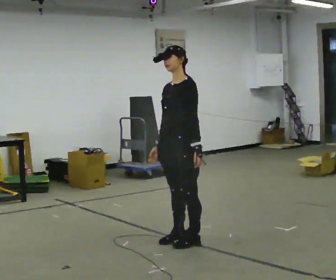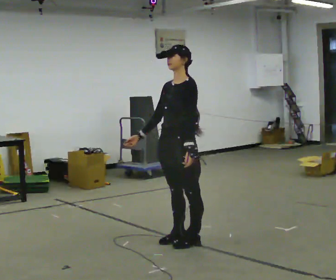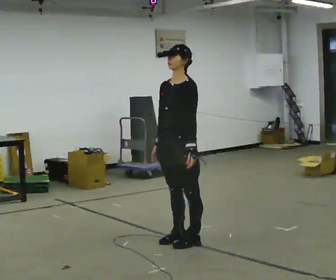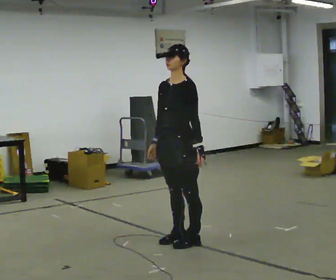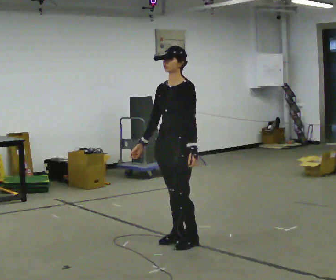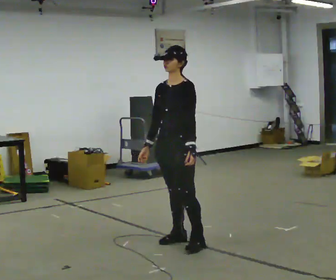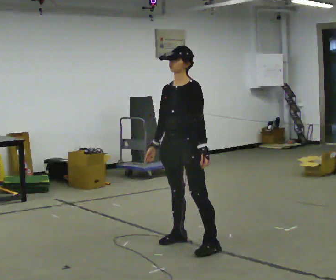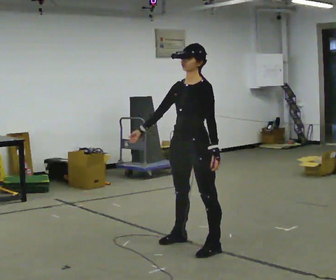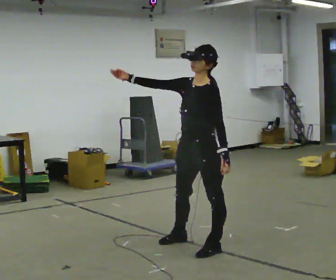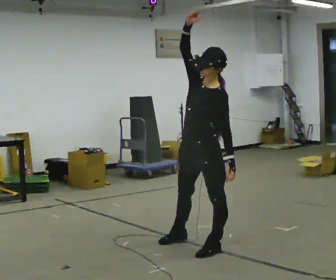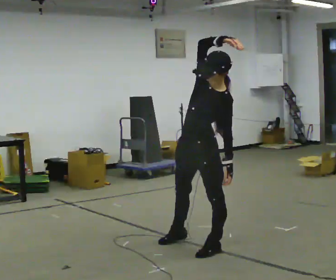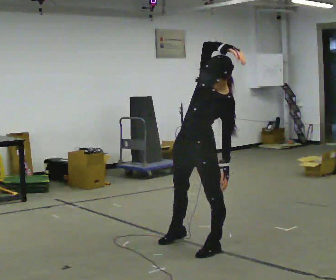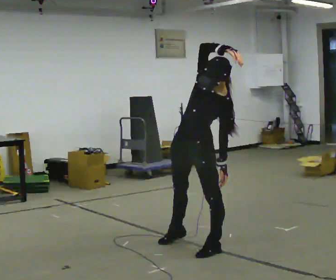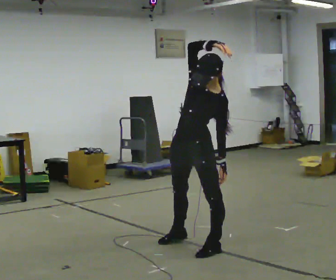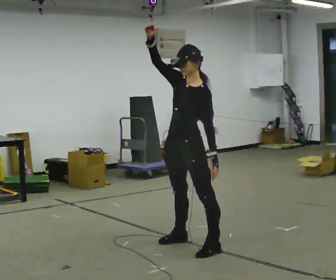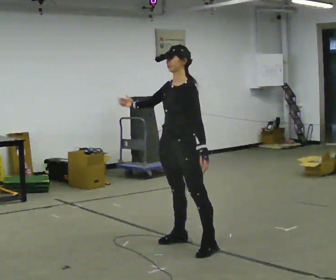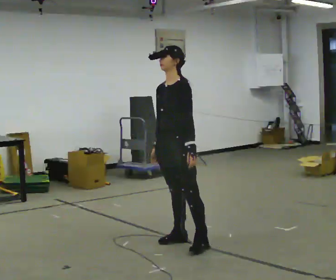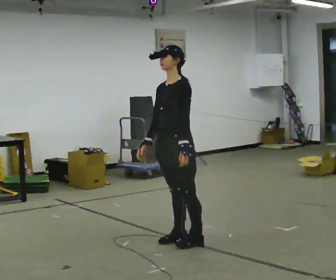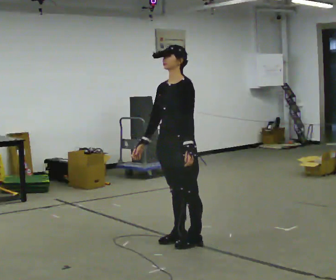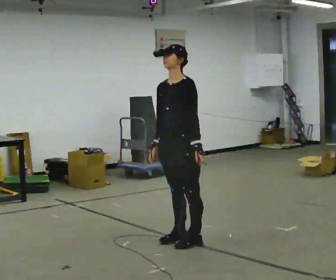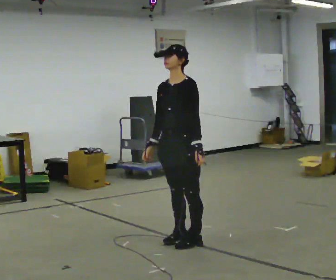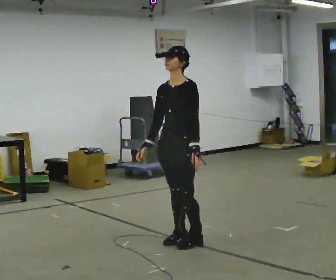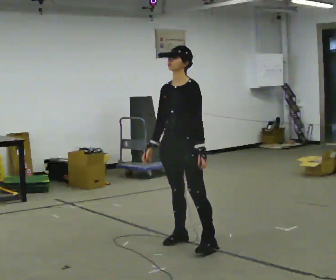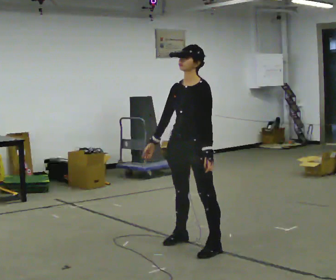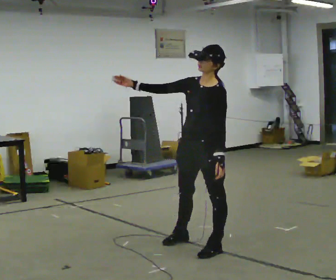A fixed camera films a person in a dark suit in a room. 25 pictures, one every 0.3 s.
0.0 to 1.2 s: The person moves a little, or ends about where they began.
1.2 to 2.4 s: In the picture they go toward the camera and to the right, about 0.25 m in 1 step, which for them is to their left. In the picture their right hand goes upward, the arm swinging clockwise.
2.4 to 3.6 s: In the picture the upper body tilts clockwise, shoulders to the right. In the picture their right hand goes to the right.
3.6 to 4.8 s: In the picture they go away from the camera and to the left, about 0.25 m, which for them is to their right. In the picture the upper body tilts counterclockwise, shoulders to the left. In the picture their right hand goes downward.
4.8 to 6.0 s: The person moves a little, or ends about where they began.
6.0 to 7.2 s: In the picture they go toward the camera and to the right, about 0.25 m in 1 step, which for them is to their left. In the picture their right hand goes upward, the arm swinging clockwise.
The film runs forward here.
